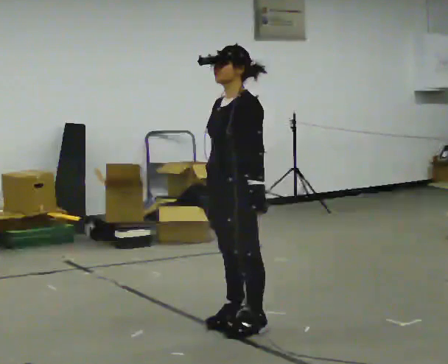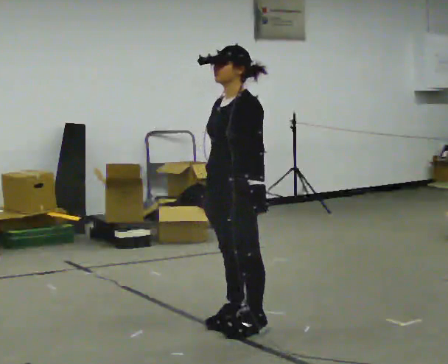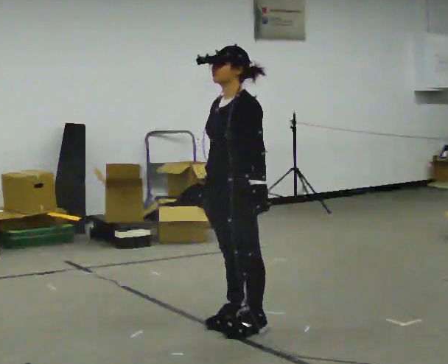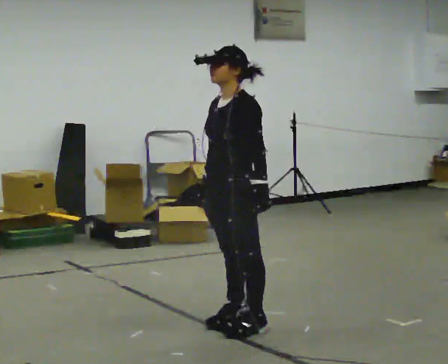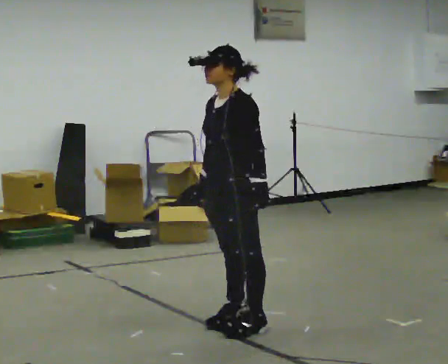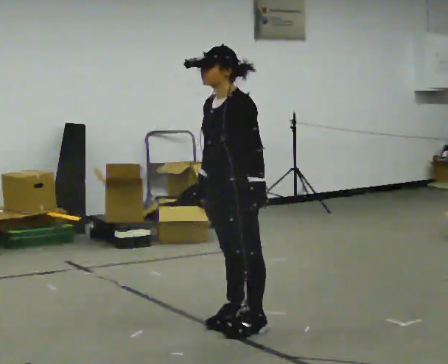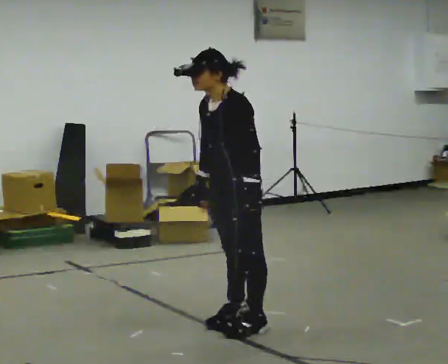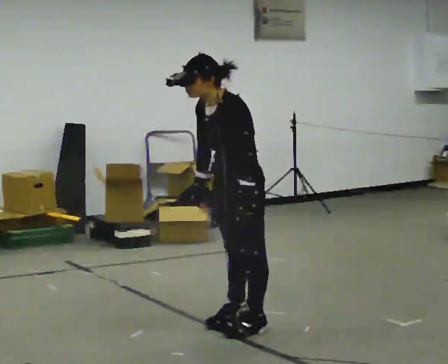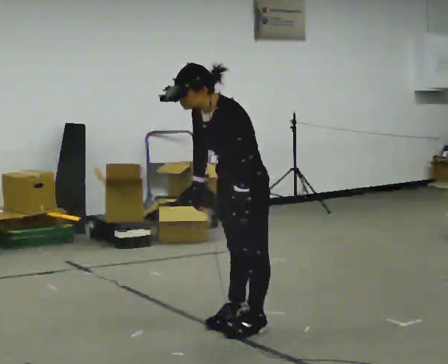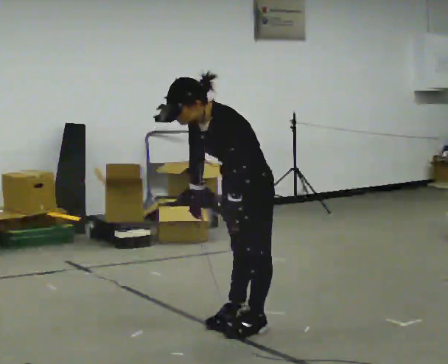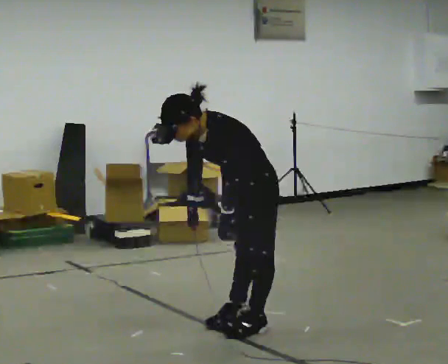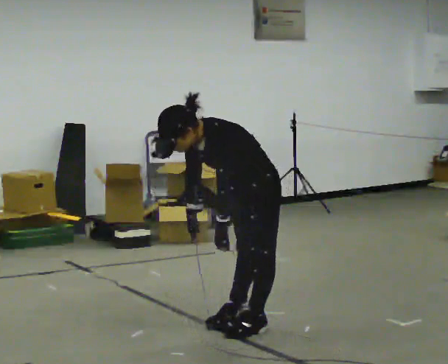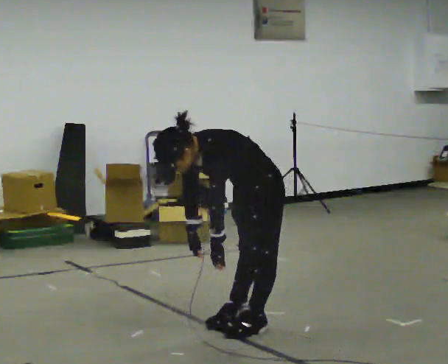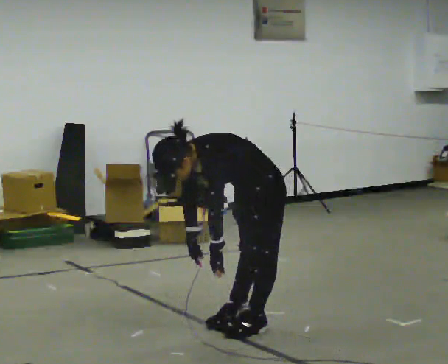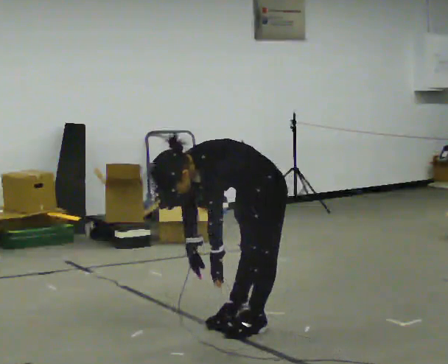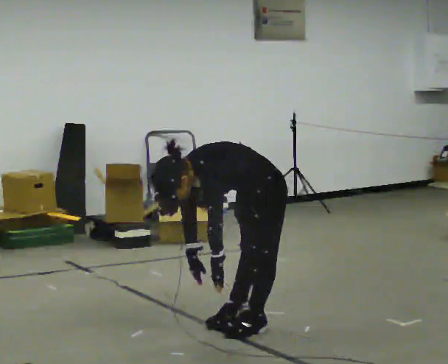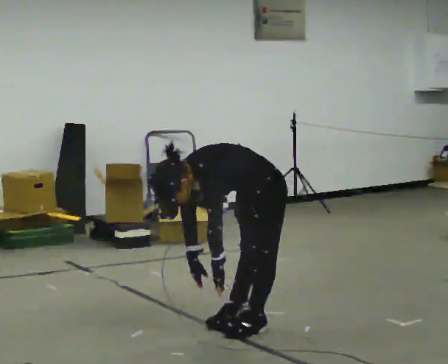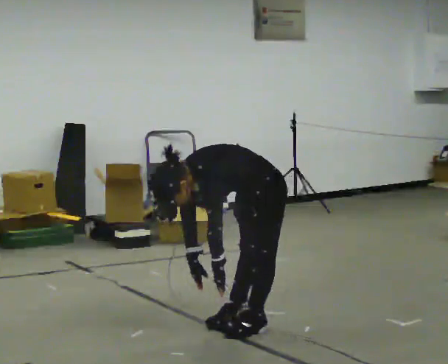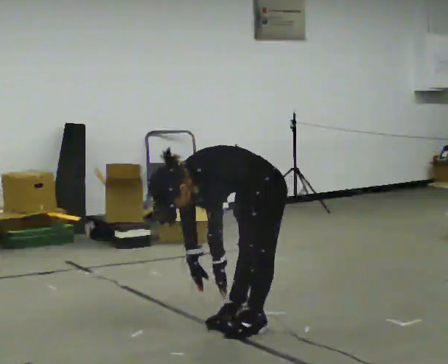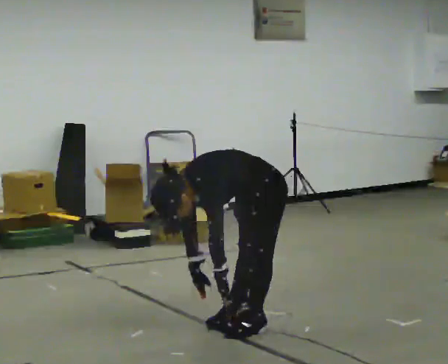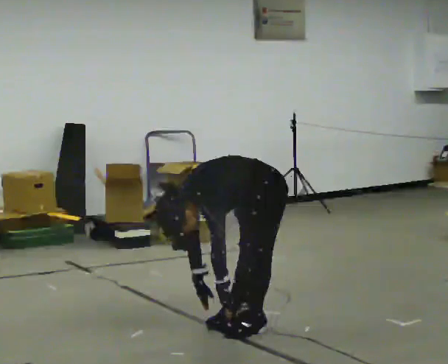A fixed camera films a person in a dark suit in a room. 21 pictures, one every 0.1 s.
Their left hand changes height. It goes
downward.
The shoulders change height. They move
downward.
0.0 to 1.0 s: In the picture the upper body tilts counterclockwise, shoulders to the left, as they bend forward.
1.0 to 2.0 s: The upper body goes downward. In the picture the upper body tilts counterclockwise, shoulders to the left, as they bend forward. In the picture their right hand goes downward.
The film runs backward here.
